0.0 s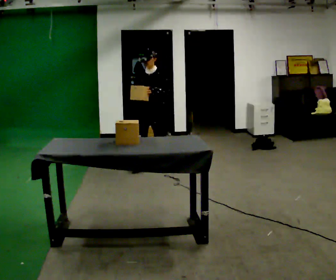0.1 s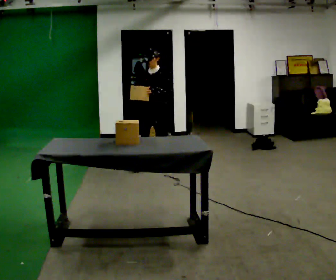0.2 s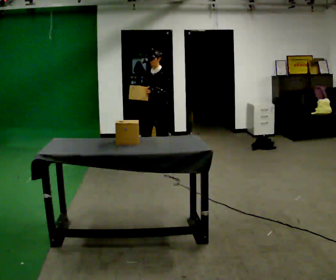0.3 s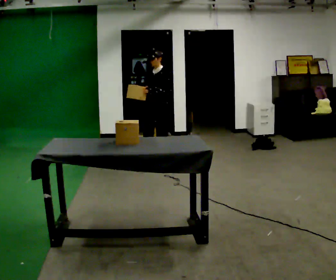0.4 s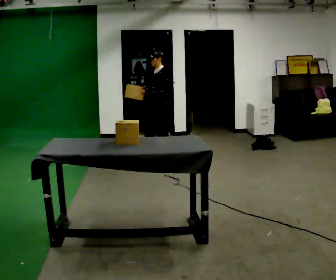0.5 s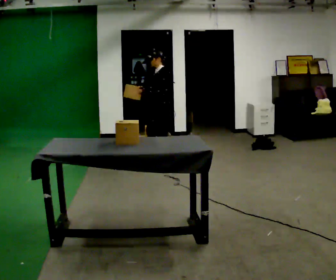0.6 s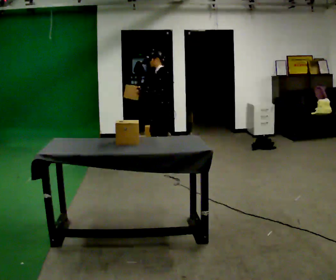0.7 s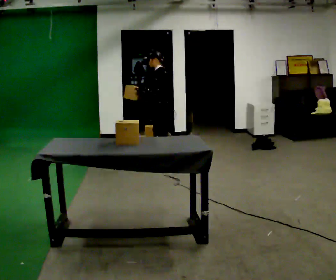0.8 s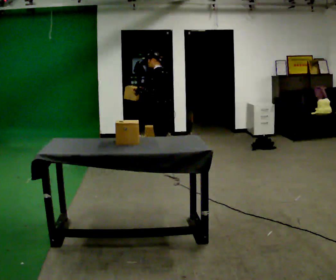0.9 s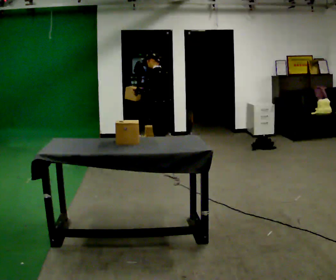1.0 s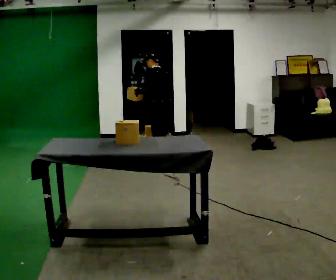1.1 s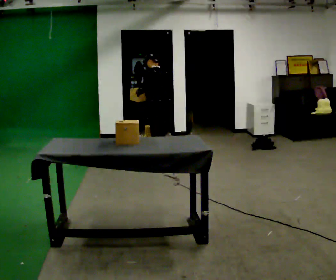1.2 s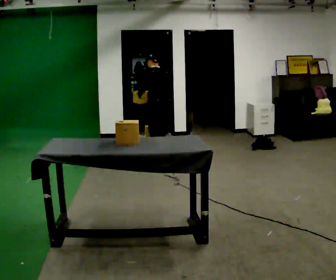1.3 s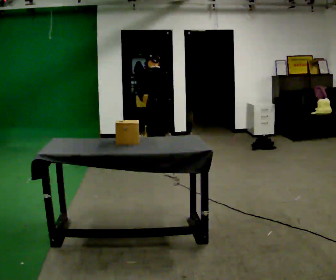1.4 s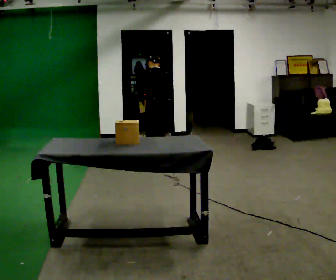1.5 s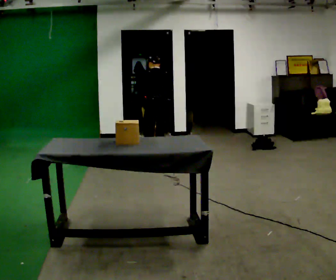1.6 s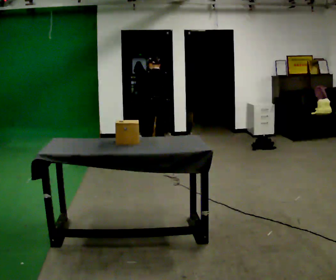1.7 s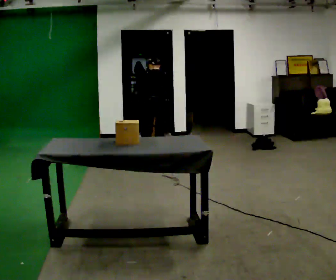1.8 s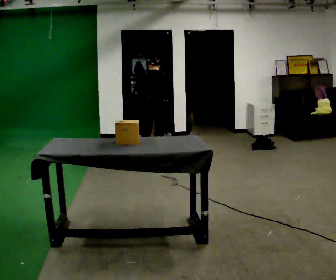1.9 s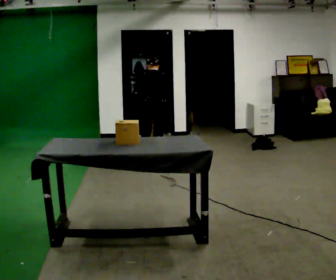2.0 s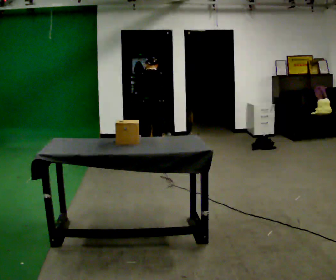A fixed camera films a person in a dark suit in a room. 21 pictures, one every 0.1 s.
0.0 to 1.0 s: The person turns about 90 degrees to their right, clockwise seen from above, so the part of the body nearest the lens slides to the left. In the picture they go away from the camera and to the right, about 0.25 m in 1 step. In the picture the upper body tilts counterclockwise, shoulders to the left.
1.0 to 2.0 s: The person turns about 60 degrees to their right, clockwise seen from above, so the part of the body nearest the lens slides to the left. The upper body tips away from the camera, its near side rolling upward, as they bend forward.
The film runs backward here.
